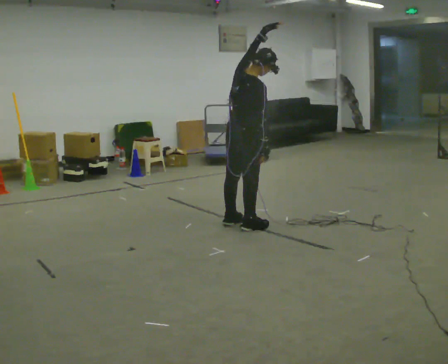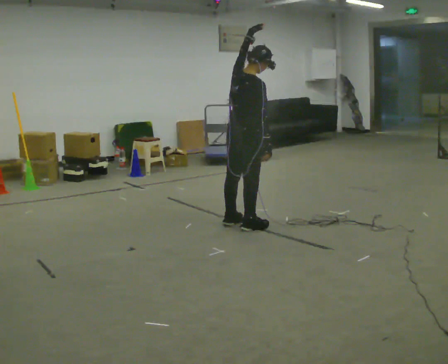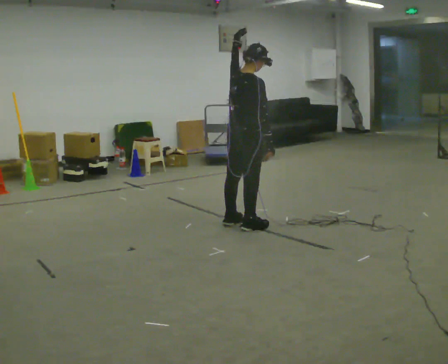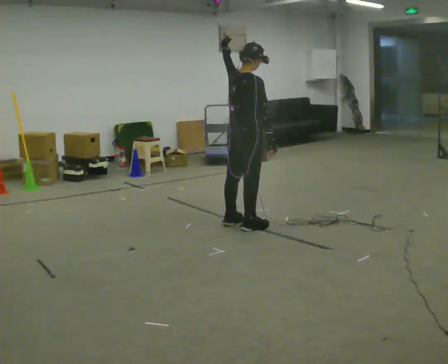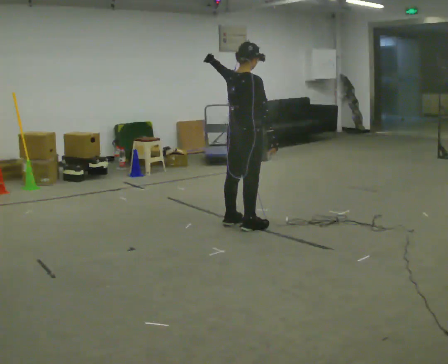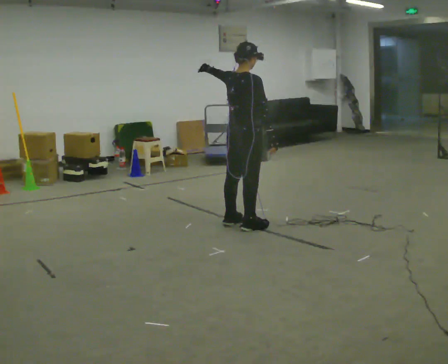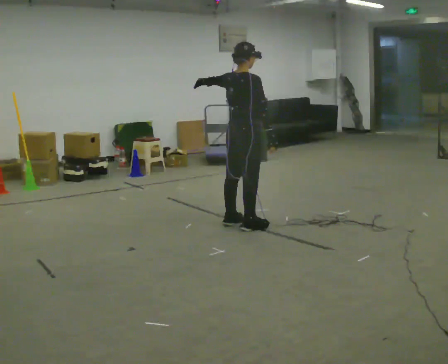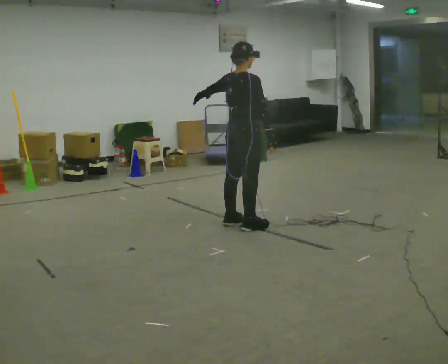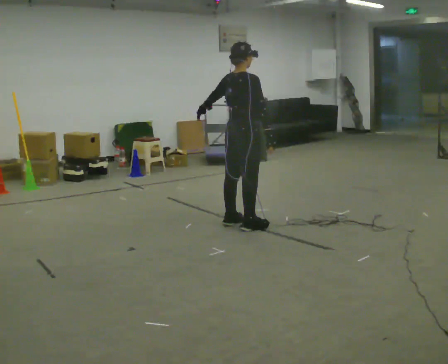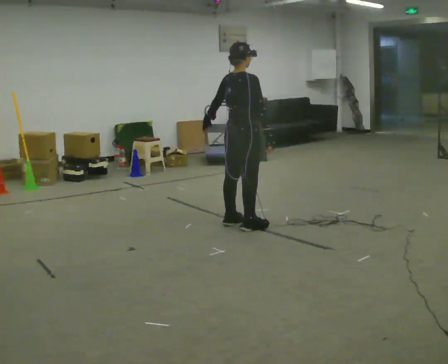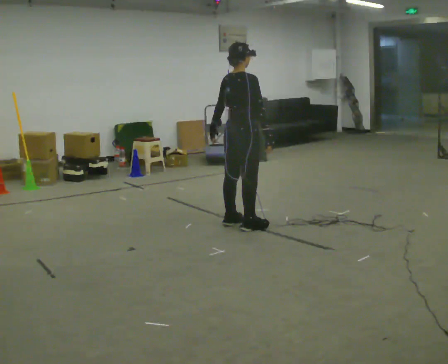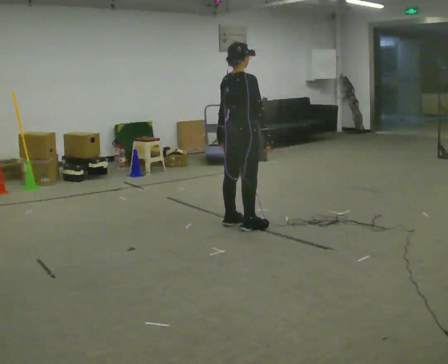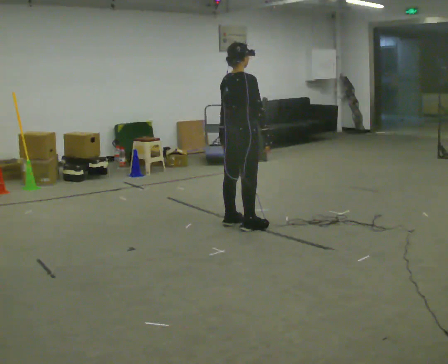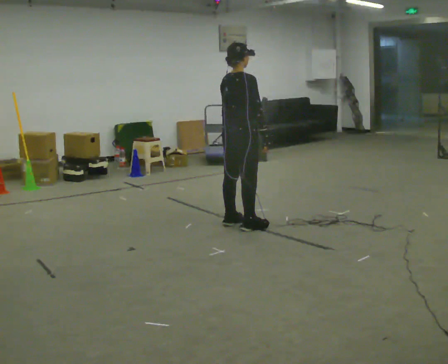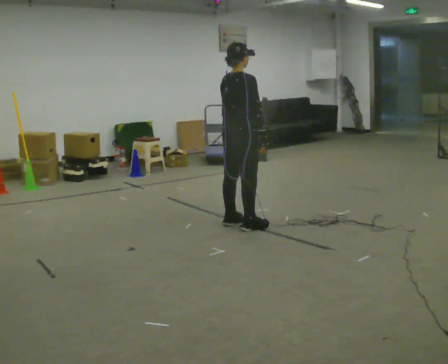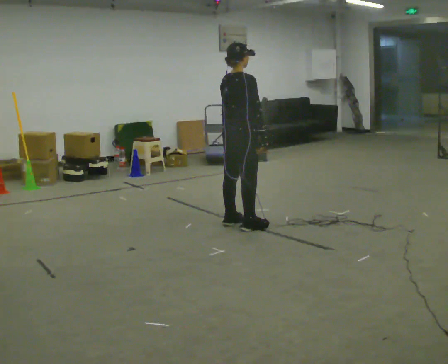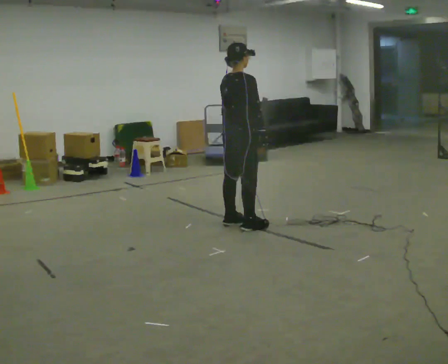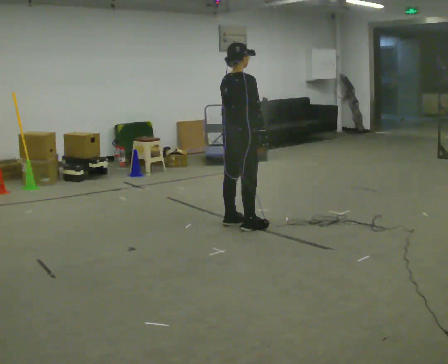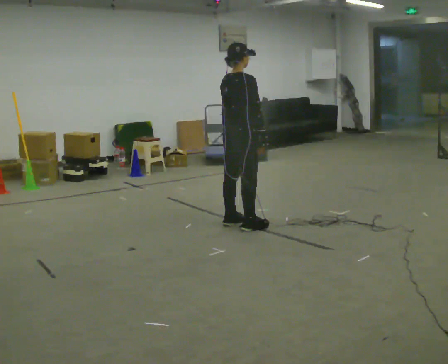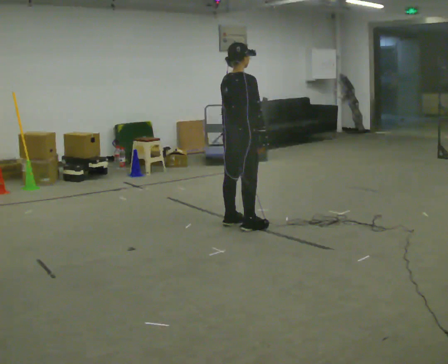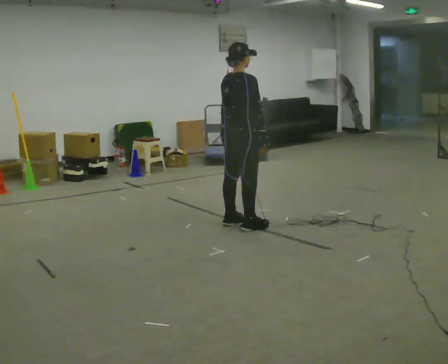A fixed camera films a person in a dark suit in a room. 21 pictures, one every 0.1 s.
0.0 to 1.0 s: In the picture their left hand goes downward and to the left, the arm swinging counterclockwise.
1.0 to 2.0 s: The person moves a little, or ends about where they began.
The film runs forward here.
